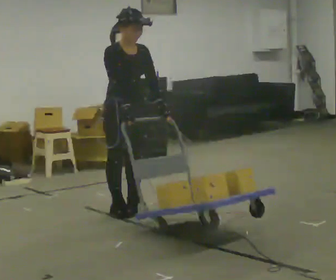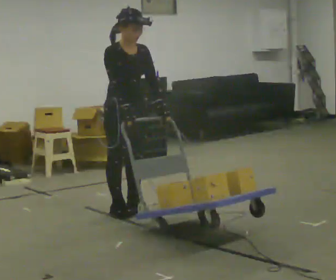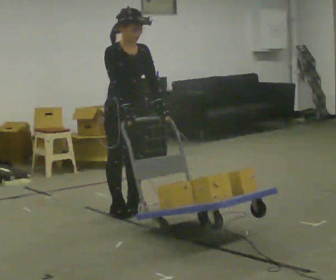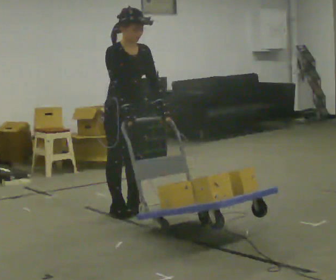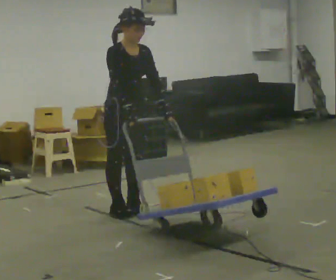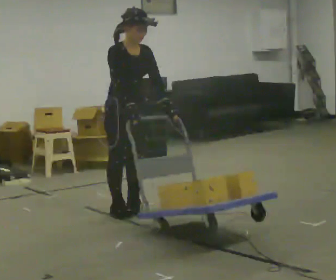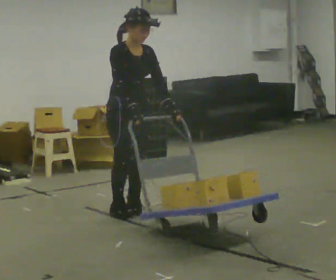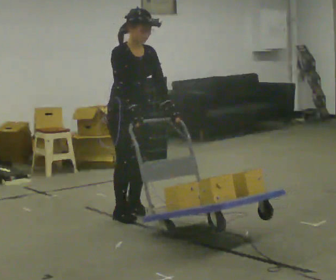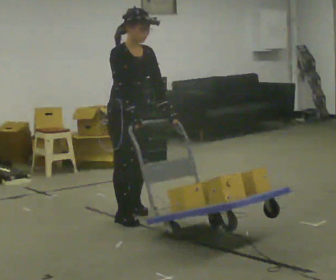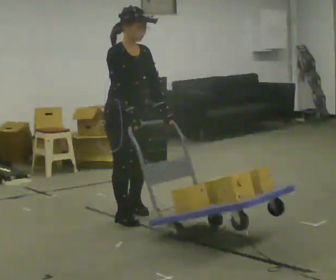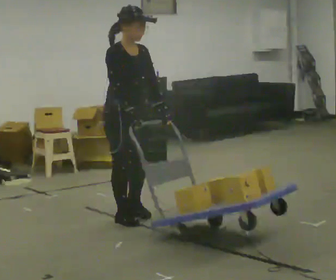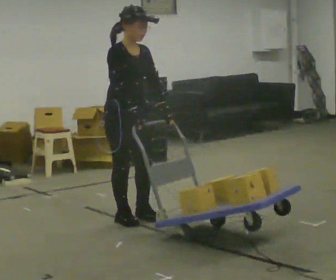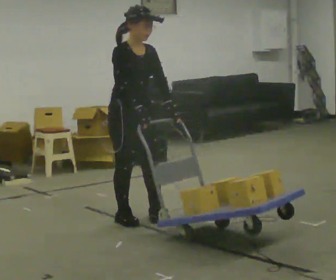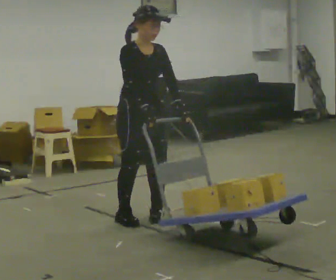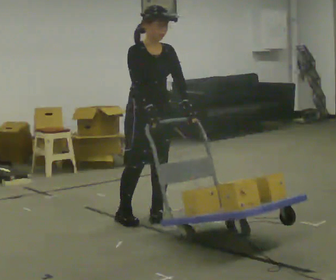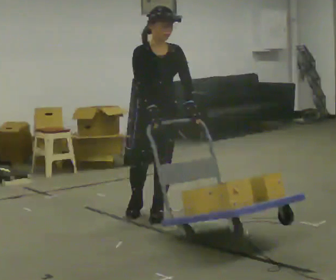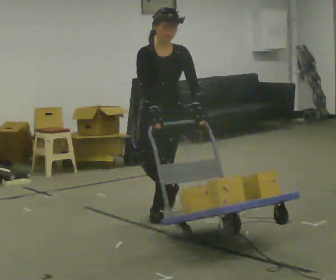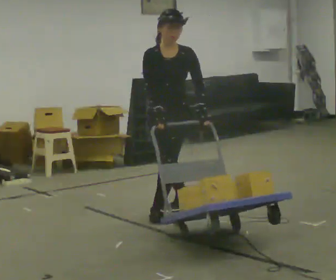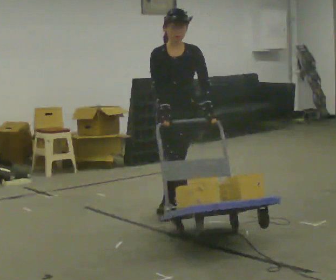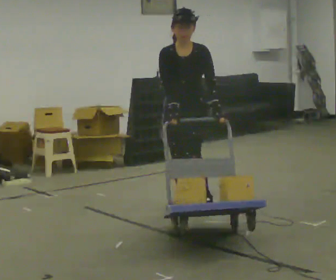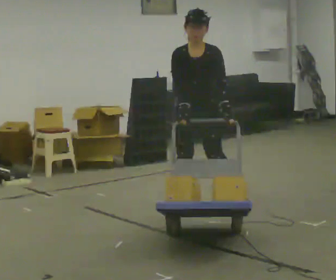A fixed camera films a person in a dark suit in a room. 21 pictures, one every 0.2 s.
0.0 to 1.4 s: The person moves a little, or ends about where they began.
1.4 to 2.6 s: In the picture they go toward the camera, about 0.25 m in 1 step, which for them is forward.
2.6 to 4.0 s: Seen from above the body turns clockwise, about 45 degrees: to their right, with its near side sliding to the left. In the picture they go to the right and away from the camera, about 0.5 m in 2 steps, which for them is backward and to their left.
The film runs backward here.
